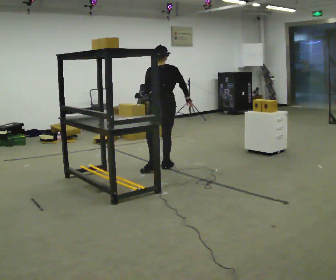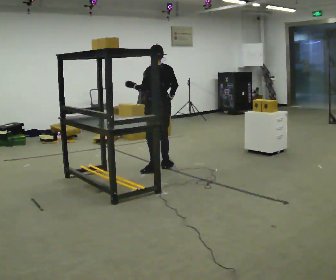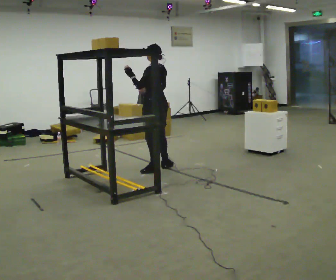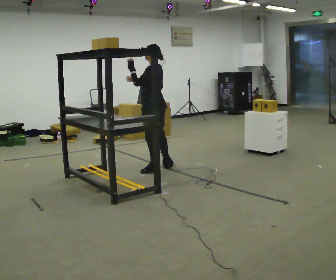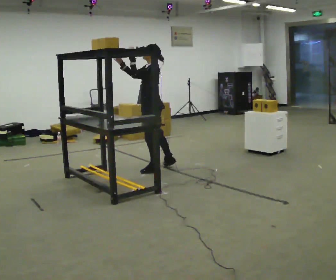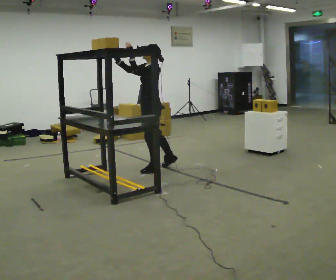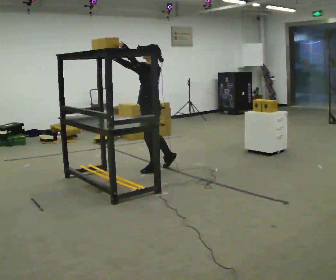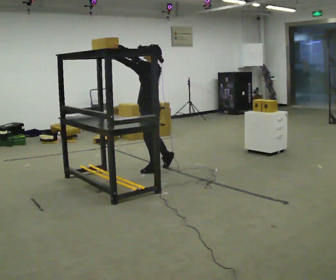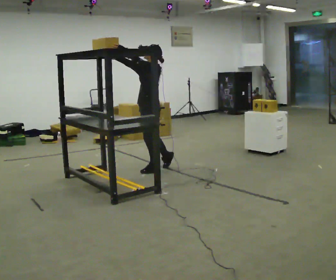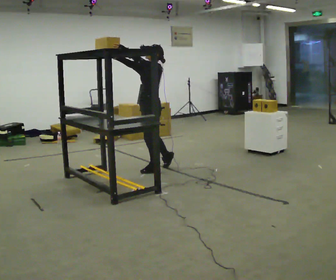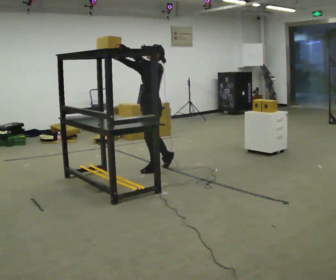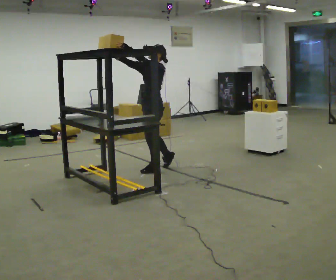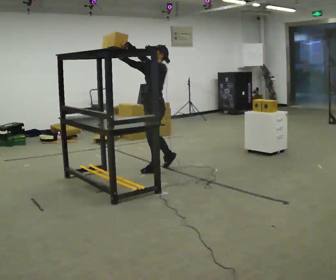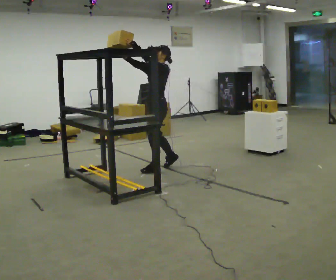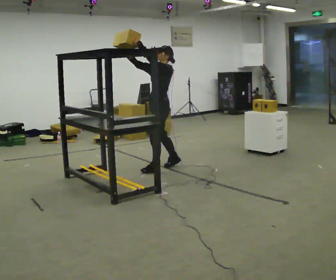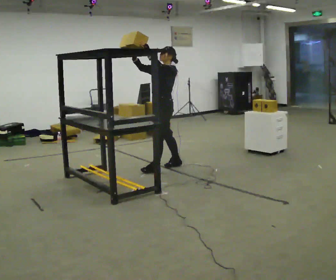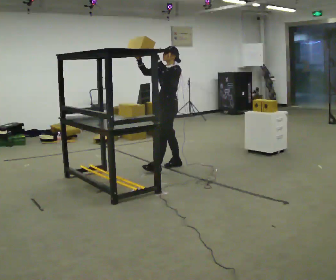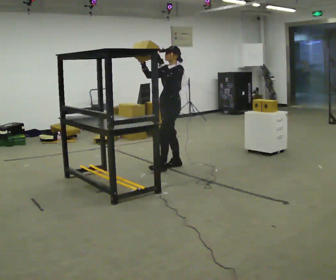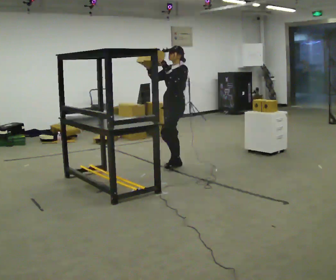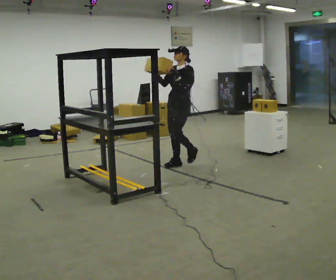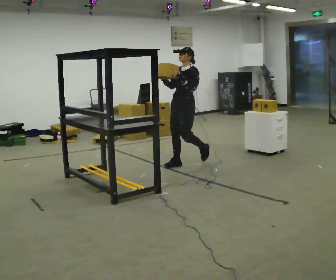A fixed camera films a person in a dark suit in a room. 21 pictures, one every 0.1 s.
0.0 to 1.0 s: The person turns about 90 degrees to their left, counterclockwise seen from above, so the part of the body nearest the lens slides to the right. In the picture their right hand goes to the left and upward.
1.0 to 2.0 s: In the picture they go to the right and away from the camera, about 0.5 m in 1 step, which for them is backward. In the picture their left hand goes downward.
The film runs backward here.
